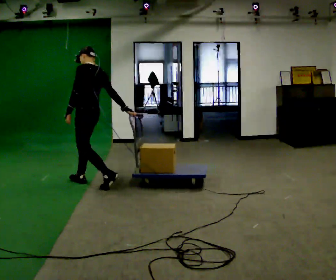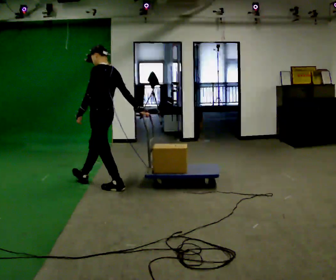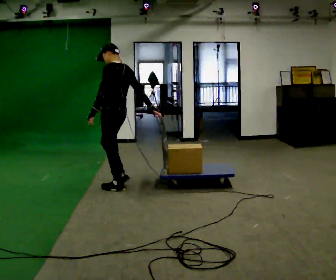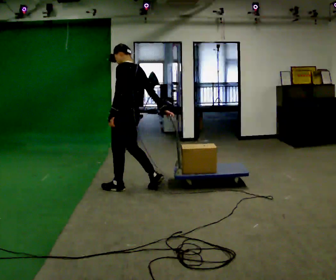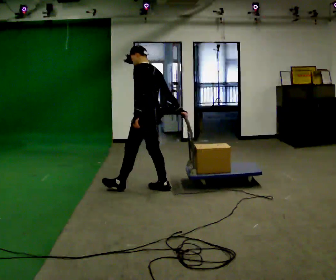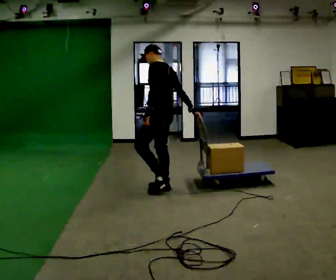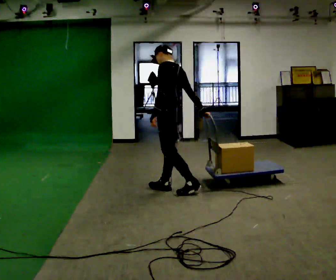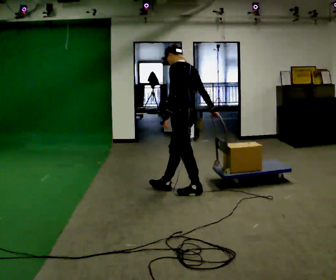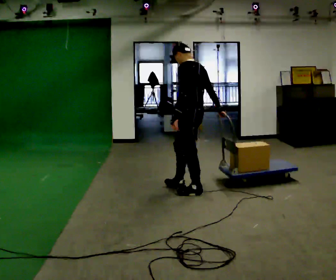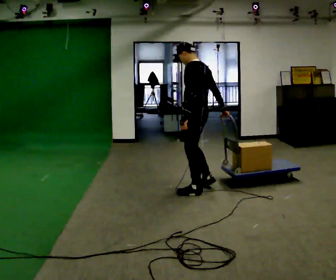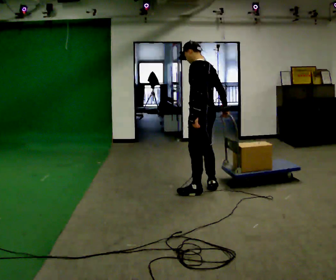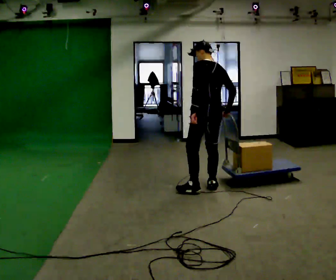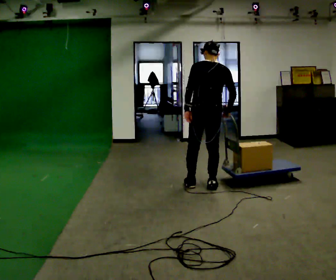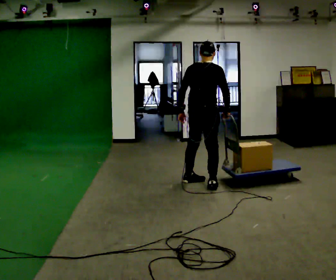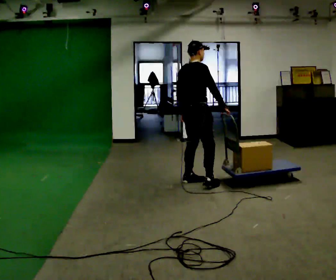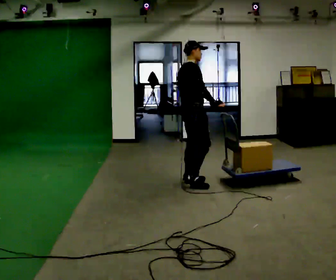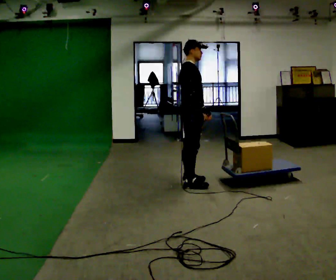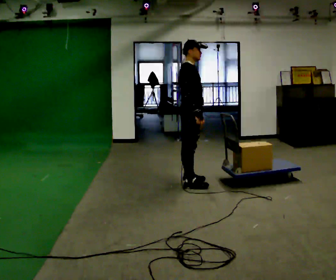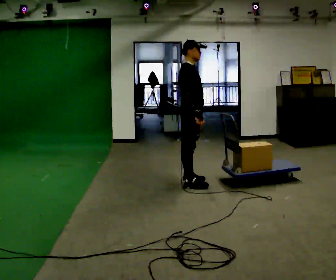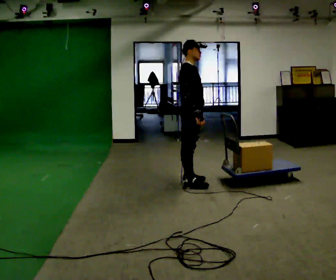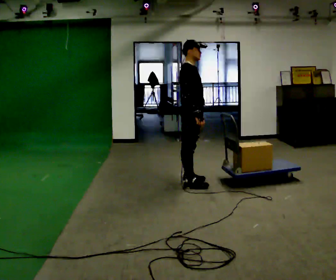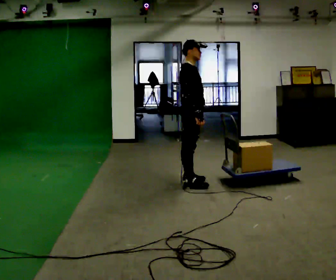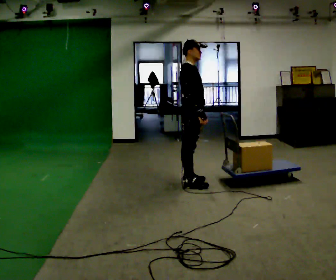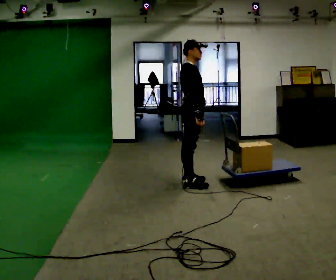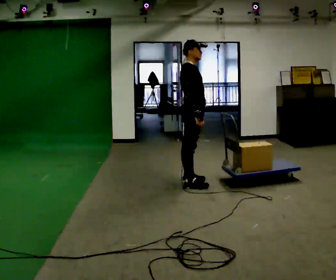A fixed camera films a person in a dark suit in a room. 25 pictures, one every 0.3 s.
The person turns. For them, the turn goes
to their right.
The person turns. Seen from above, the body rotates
clockwise.
0.0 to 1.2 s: In the picture they go to the right, about 0.5 m in 1 step, which for them is backward.
1.2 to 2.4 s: In the picture they go to the right, about 0.5 m in 2 steps, which for them is backward.
2.4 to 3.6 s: The part of the body nearest the lens slides to the left as the person turns to their right by about 60 degrees. In the picture they go away from the camera, about 0.25 m in 1 step.
3.6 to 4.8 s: The person turns about 90 degrees to their right, clockwise seen from above, so the part of the body nearest the lens slides to the left. In the picture they go to the left and away from the camera, about 0.25 m in 1 step.
4.8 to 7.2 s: The person moves a little, or ends about where they began.
The film runs backward here.
